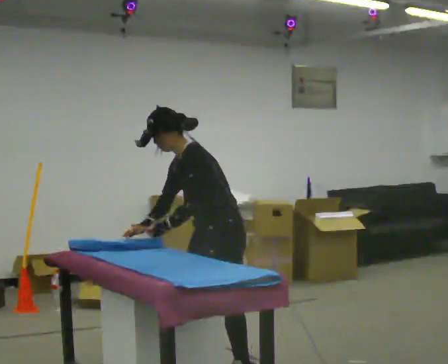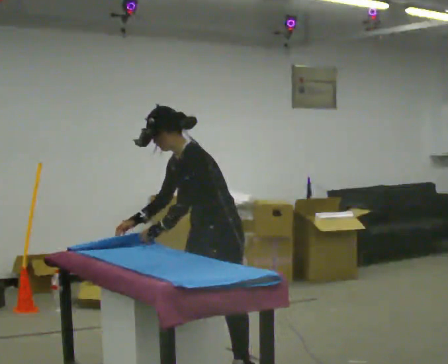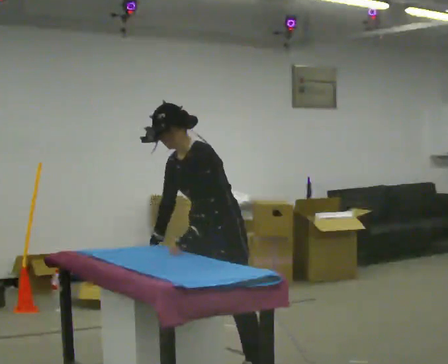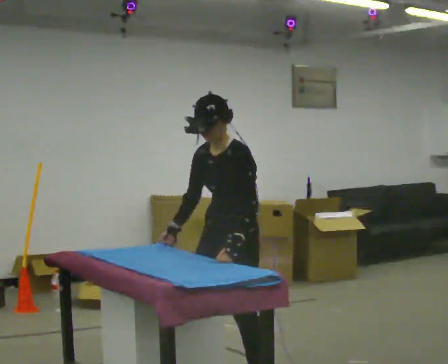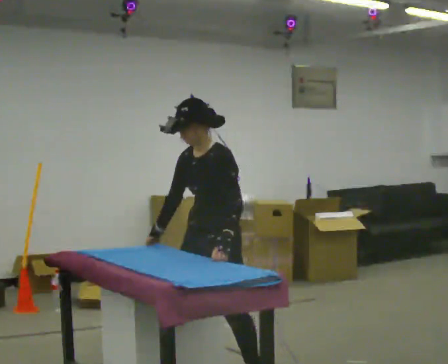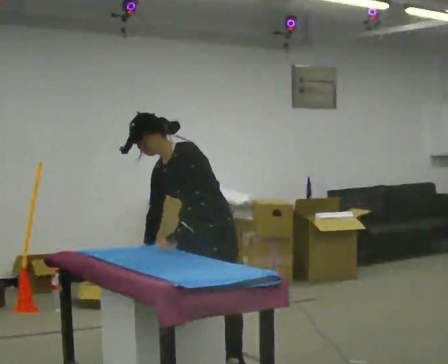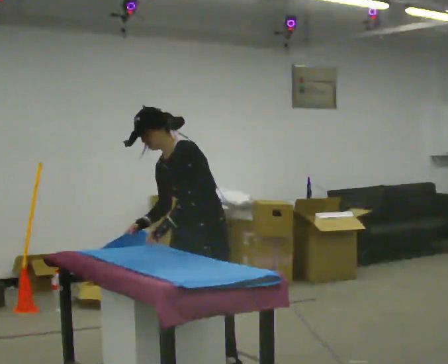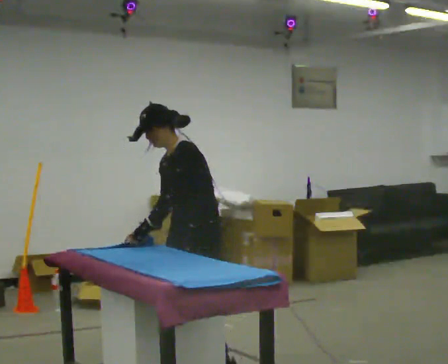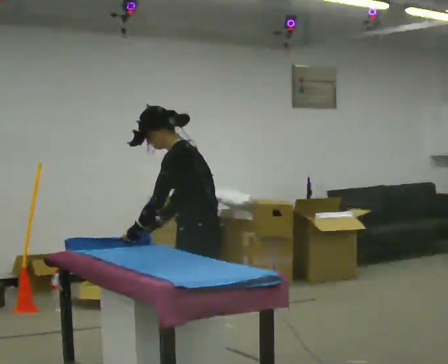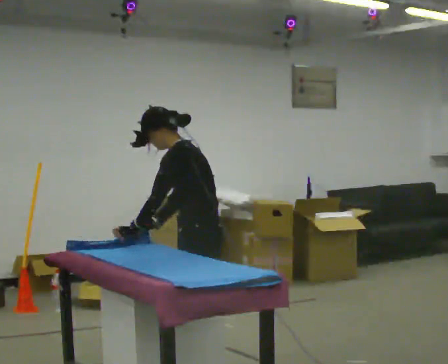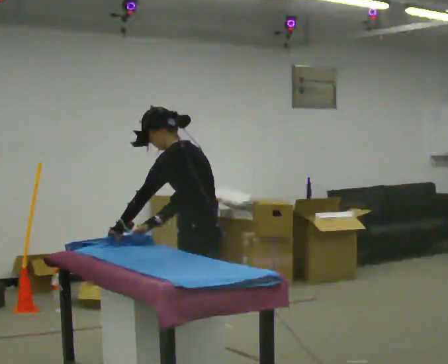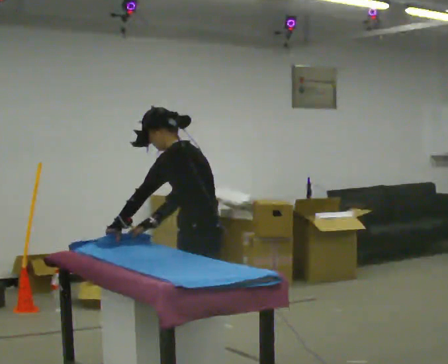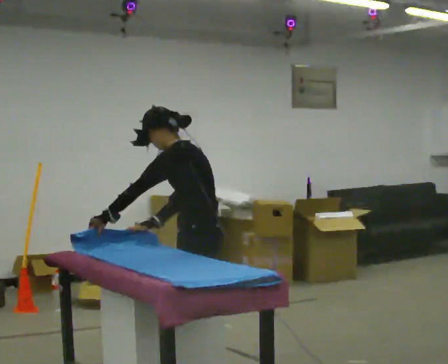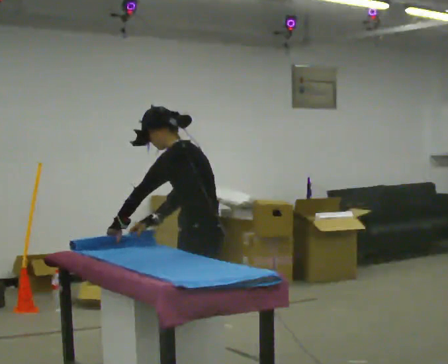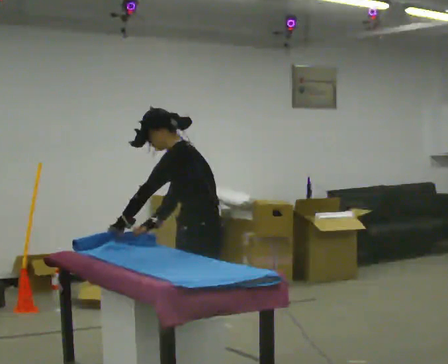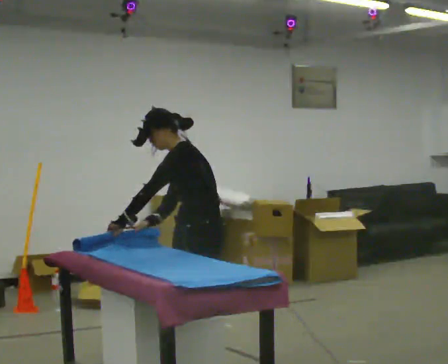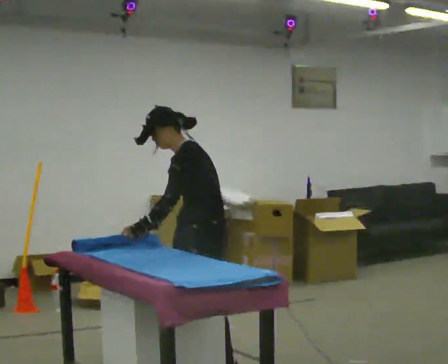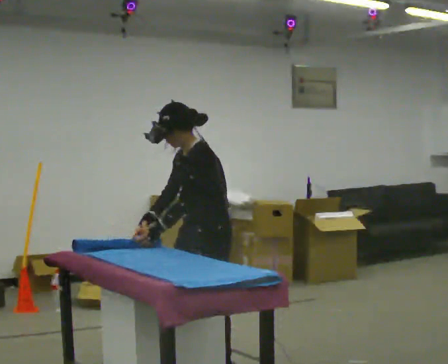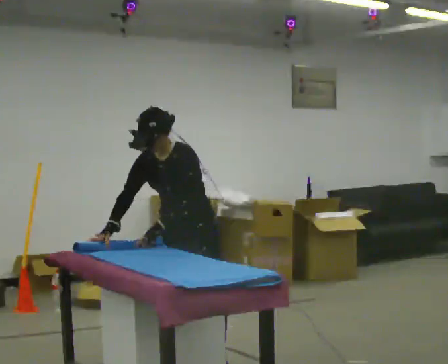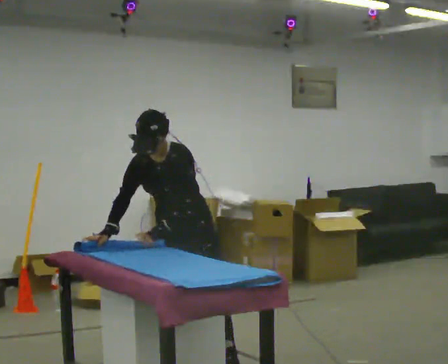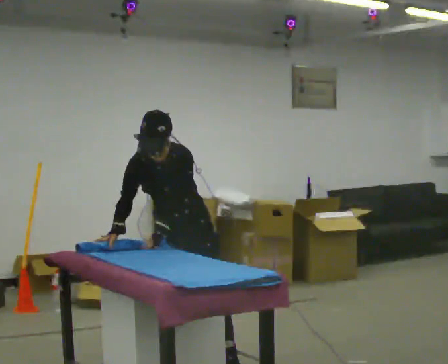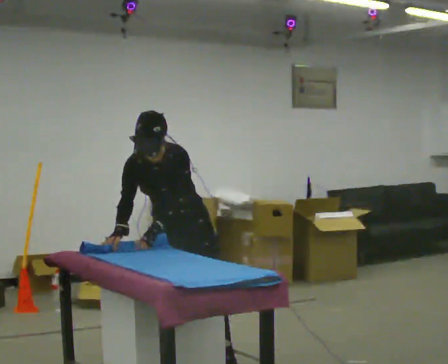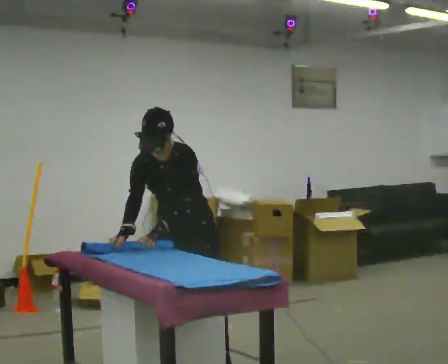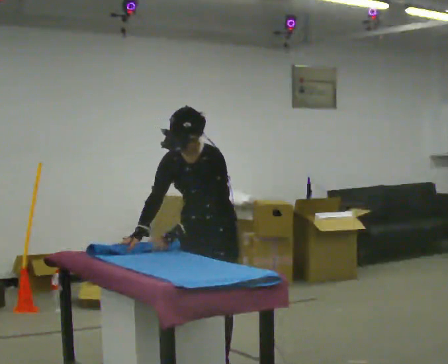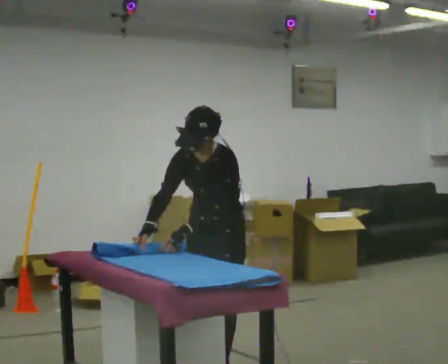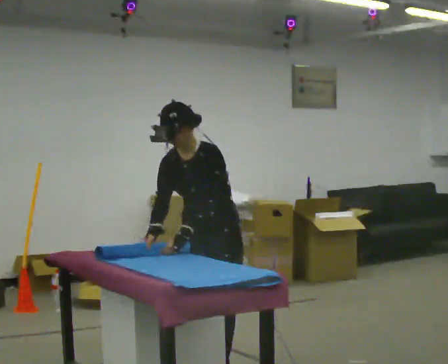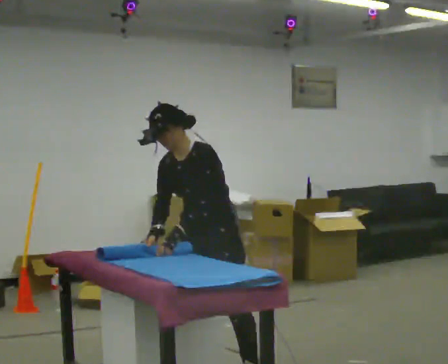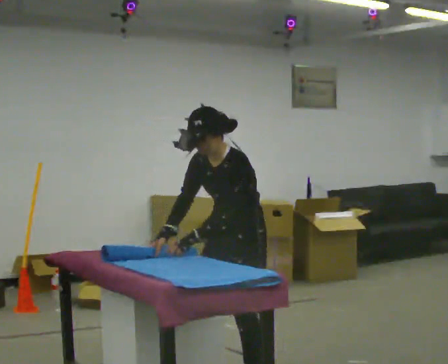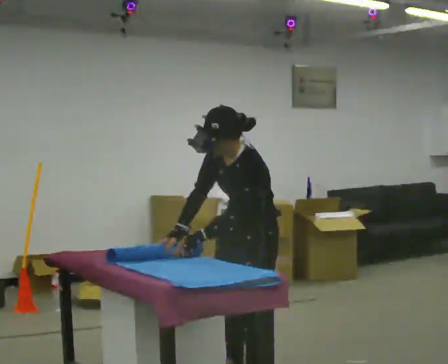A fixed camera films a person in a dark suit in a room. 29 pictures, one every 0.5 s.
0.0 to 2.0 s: The person moves a little, or ends about where they began.
2.0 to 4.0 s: Seen from above the body turns clockwise, about 45 degrees: to their right, with its near side sliding to the left. In the picture their left hand goes to the left.
4.0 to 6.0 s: The person moves a little, or ends about where they began.
6.0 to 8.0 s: The person turns about 30 degrees to their left, counterclockwise seen from above, so the part of the body nearest the lens slides to the right.
8.0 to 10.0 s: Seen from above the body turns counterclockwise, about 60 degrees: to their left, with its near side sliding to the right. In the picture they go away from the camera, about 0.25 m in 2 steps. The upper body tips toward the camera, its near side rolling downward.
10.0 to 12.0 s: Seen from above the body turns clockwise, about 30 degrees: to their right, with its near side sliding to the left. In the picture they go to the right and toward the camera, about 0.25 m in 2 steps, which for them is to their left and forward.
12.0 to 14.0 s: The person turns about 30 degrees to their right, clockwise seen from above, so the part of the body nearest the lens slides to the left. In the picture they go toward the camera and to the right, about 0.25 m in 1 step, which for them is to their left and forward.
The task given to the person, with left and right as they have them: Roll the mat up from one end, then unroll it again. Repeat at your own pace until the operator says stop.
The film runs forward here.
